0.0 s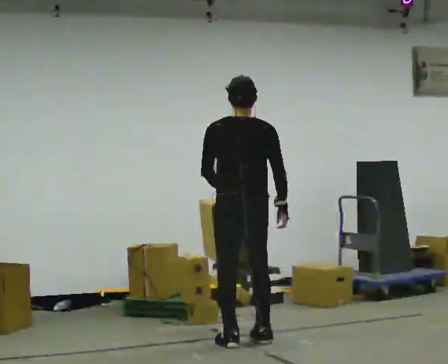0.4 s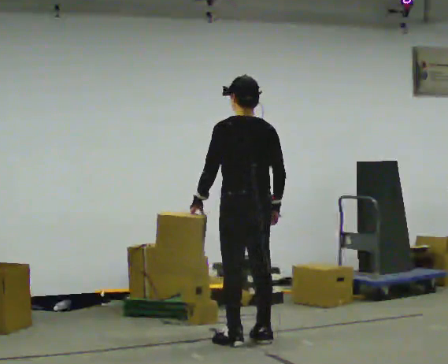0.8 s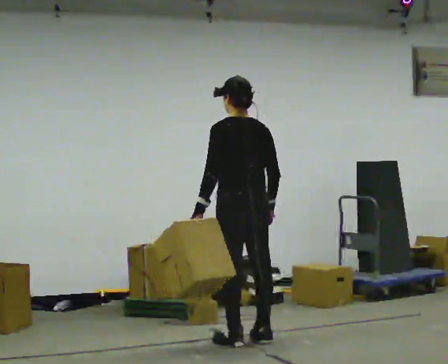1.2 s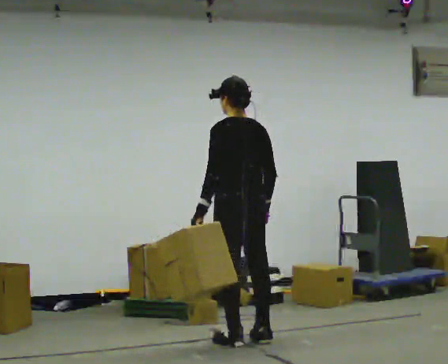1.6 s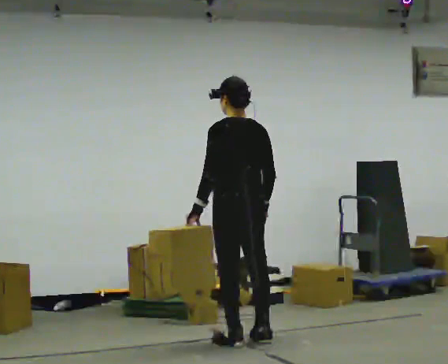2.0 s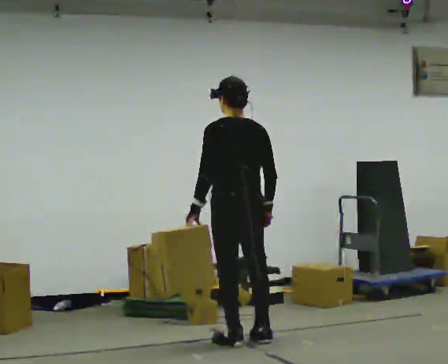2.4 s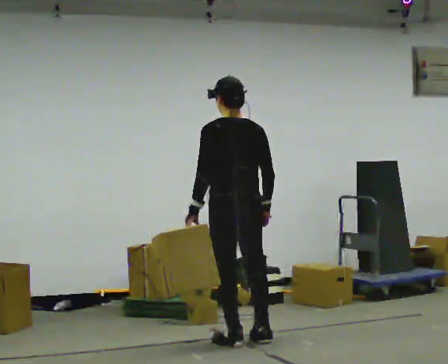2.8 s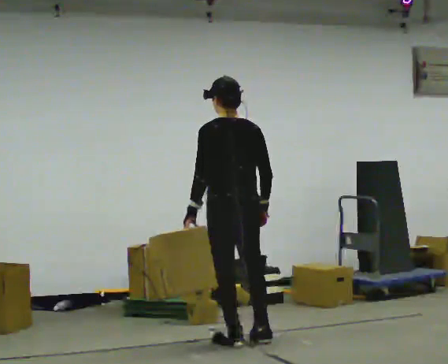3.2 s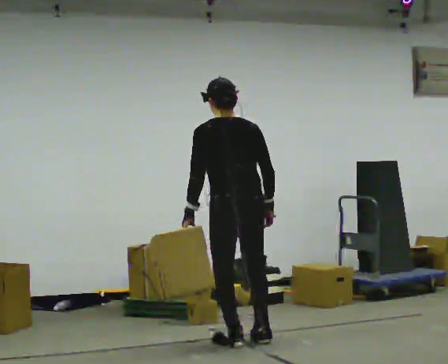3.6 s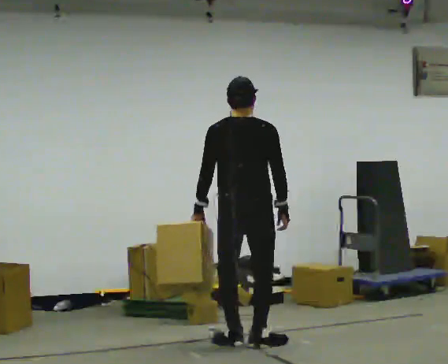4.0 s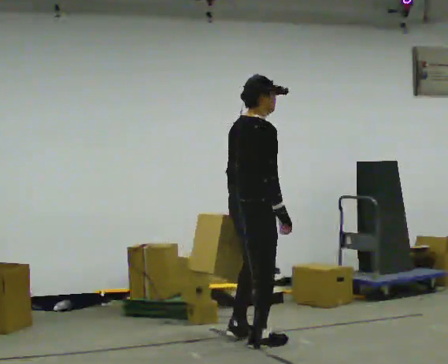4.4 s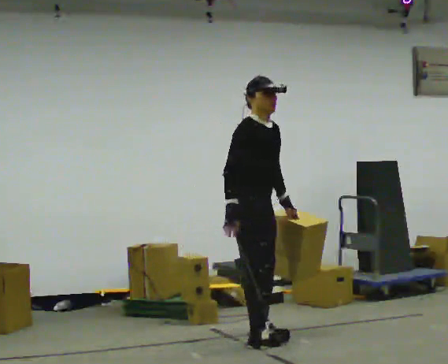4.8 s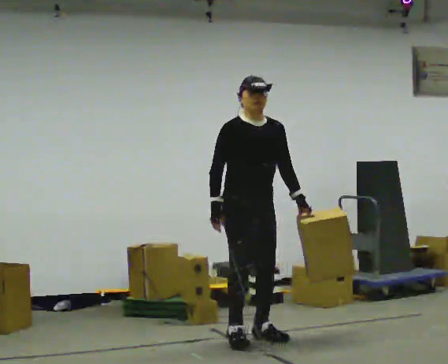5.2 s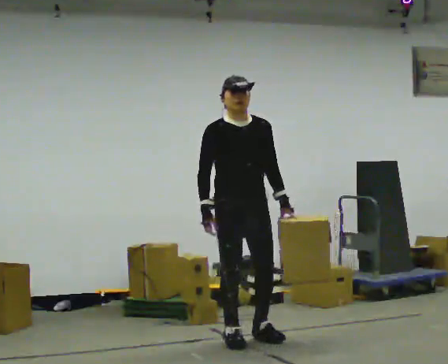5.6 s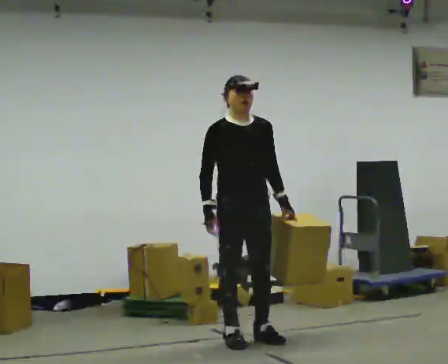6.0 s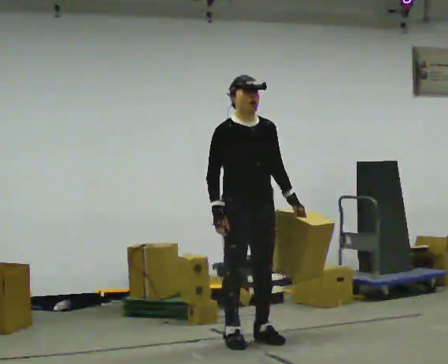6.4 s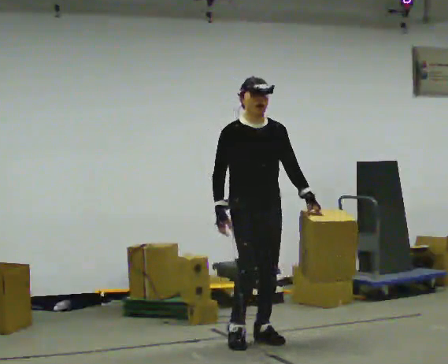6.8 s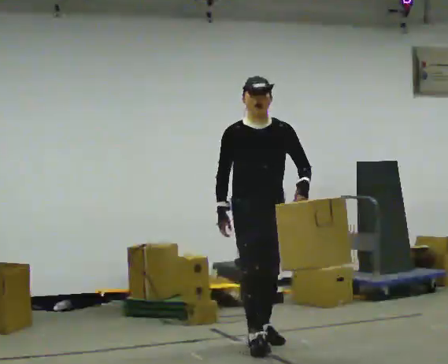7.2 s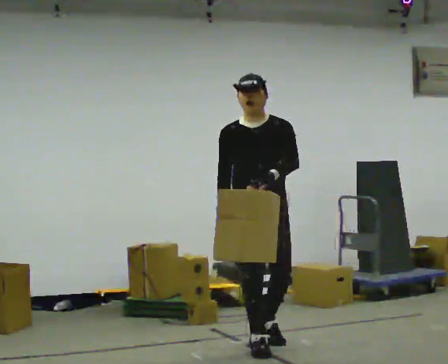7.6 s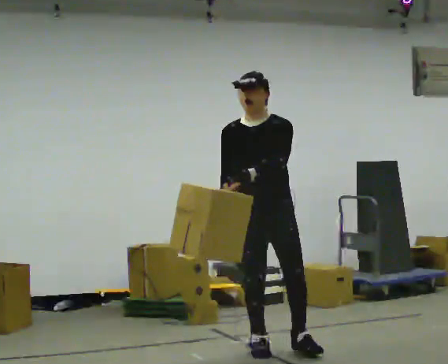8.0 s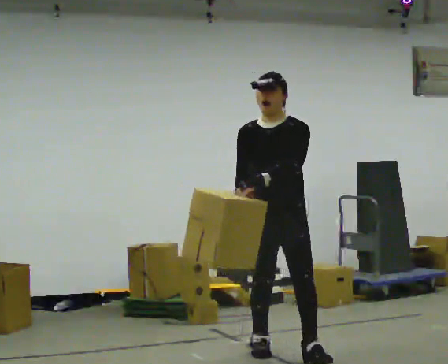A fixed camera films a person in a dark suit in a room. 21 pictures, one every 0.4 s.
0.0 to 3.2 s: The person moves a little, or ends about where they began.
3.2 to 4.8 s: The person turns about 165 degrees to their right, clockwise seen from above, so the part of the body nearest the lens slides to the left. In the picture they go away from the camera, about 0.25 m in 1 step. In the picture their left hand goes to the right, the arm swinging counterclockwise.
4.8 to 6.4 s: The person moves a little, or ends about where they began.
6.4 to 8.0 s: The part of the body nearest the lens slides to the left as the person turns to their right by about 30 degrees. In the picture they go toward the camera and to the right, about 0.5 m in 2 steps, which for them is forward.
The film runs forward here.
